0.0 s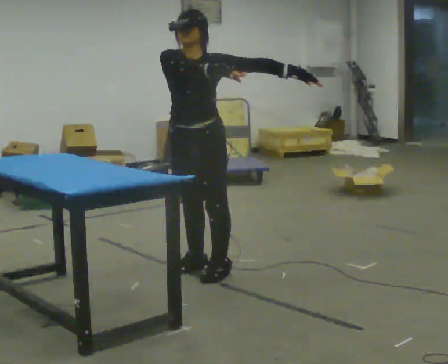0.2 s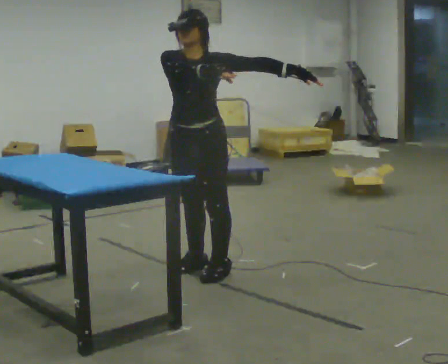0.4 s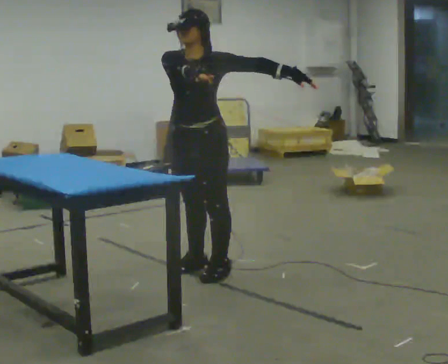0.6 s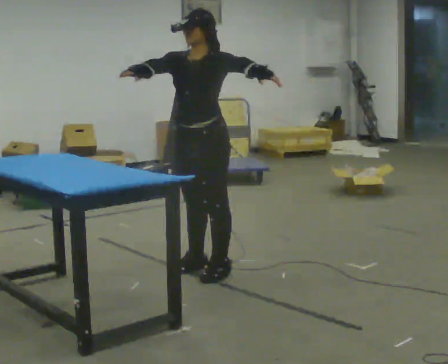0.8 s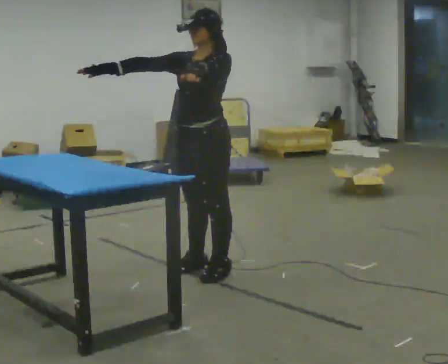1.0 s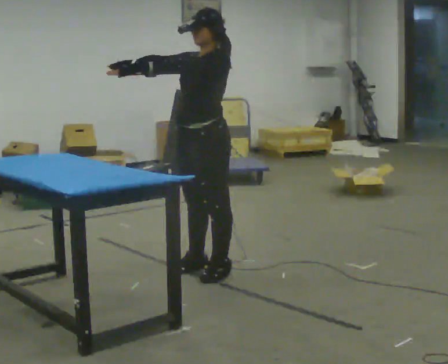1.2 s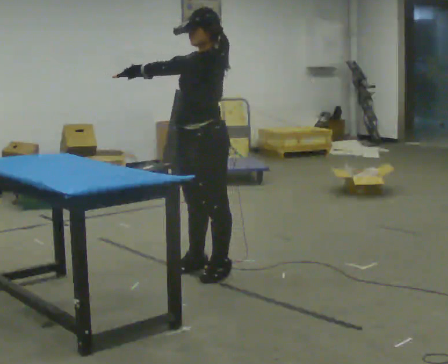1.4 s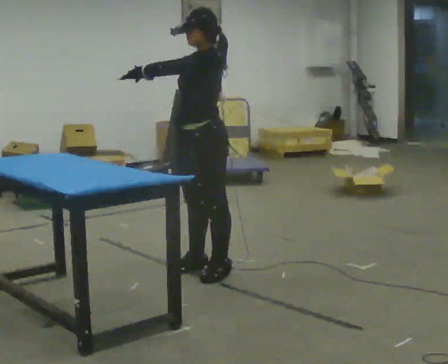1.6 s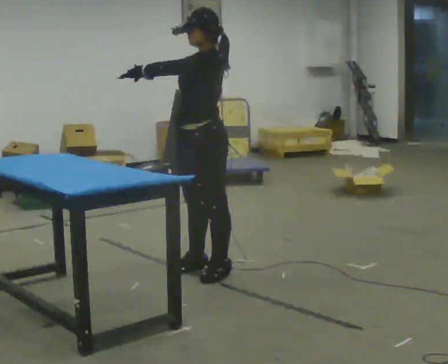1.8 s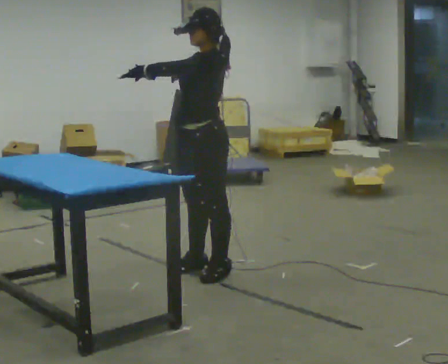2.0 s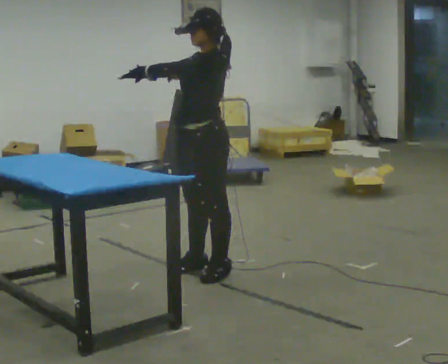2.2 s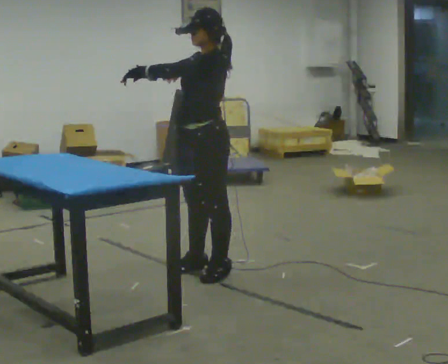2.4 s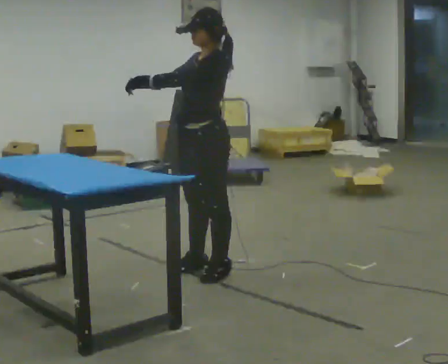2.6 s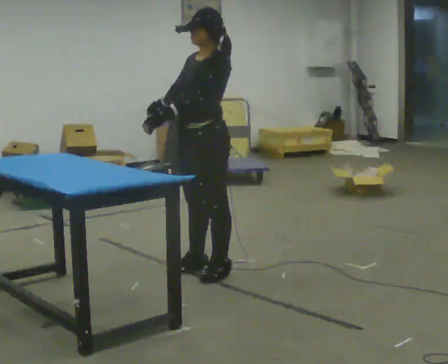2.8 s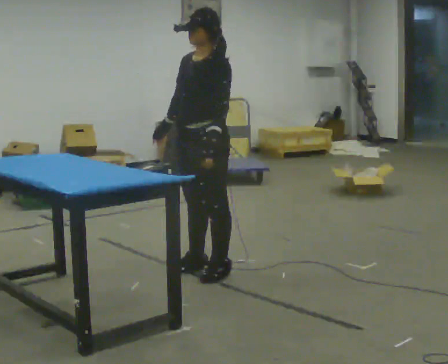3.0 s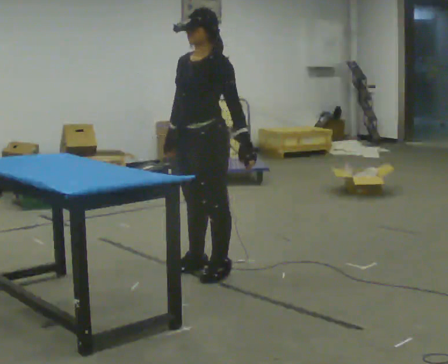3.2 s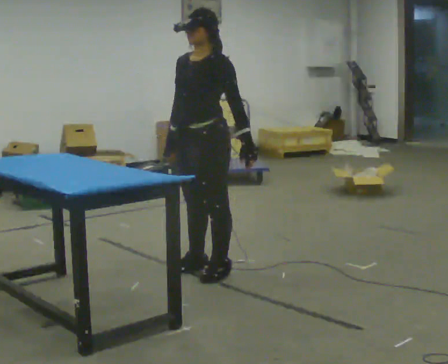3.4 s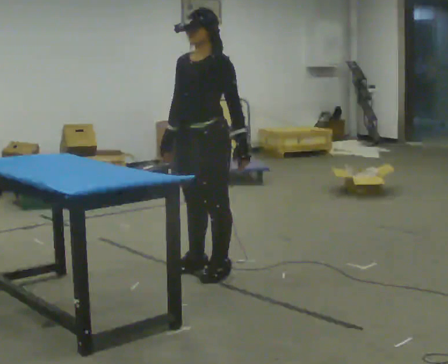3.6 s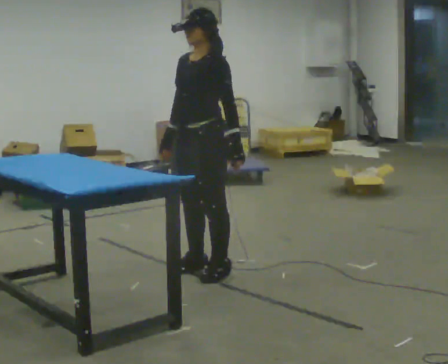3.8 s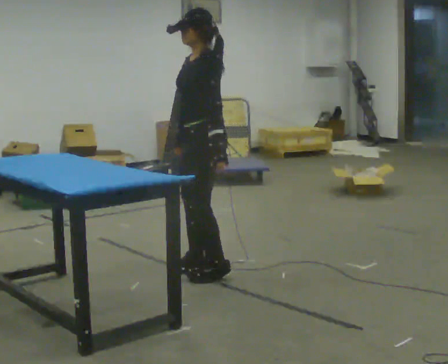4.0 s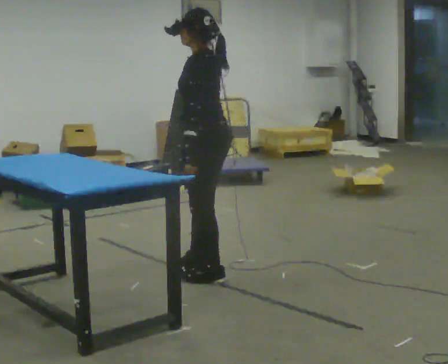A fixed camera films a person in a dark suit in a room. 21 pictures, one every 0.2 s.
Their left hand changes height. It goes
downward.
0.0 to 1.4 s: The part of the body nearest the lens slides to the left as the person turns to their right by about 45 degrees.
1.4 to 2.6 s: The person moves a little, or ends about where they began.
2.6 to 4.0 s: Seen from above the body turns clockwise, about 45 degrees: to their right, with its near side sliding to the left.
The film runs forward here.
